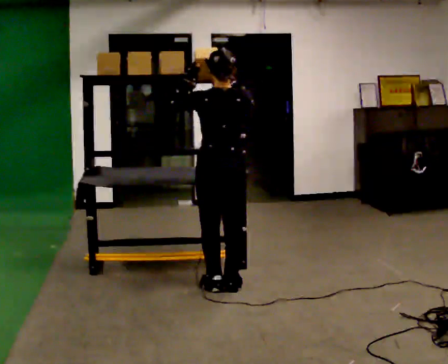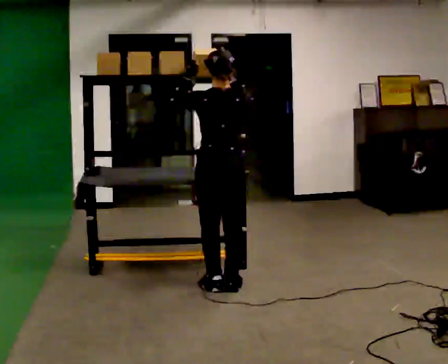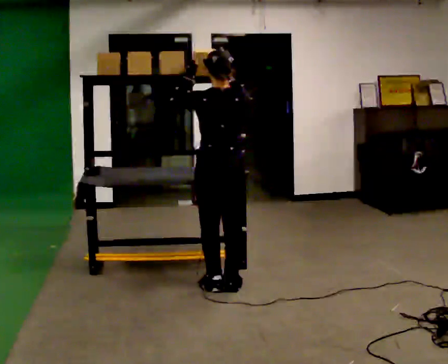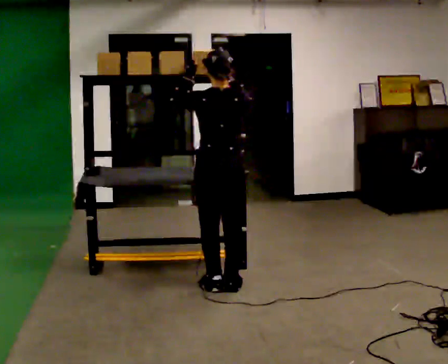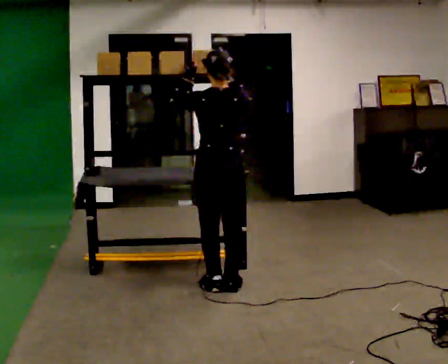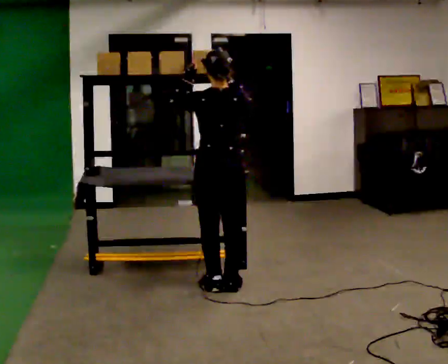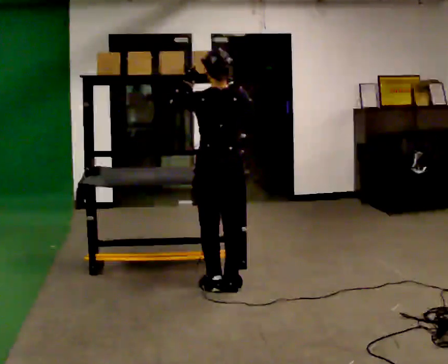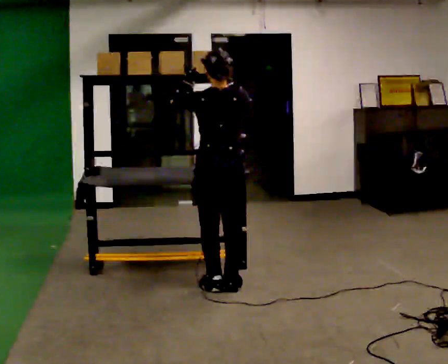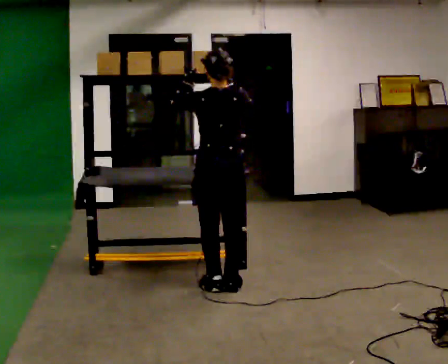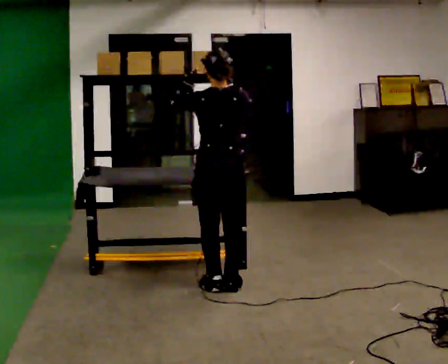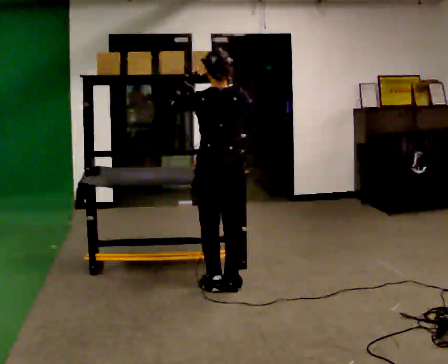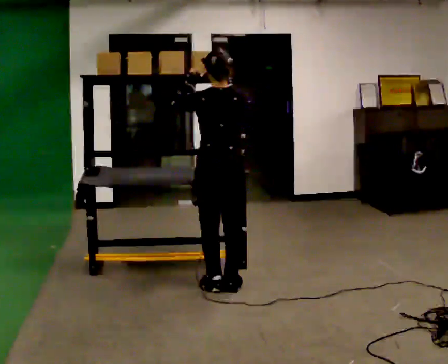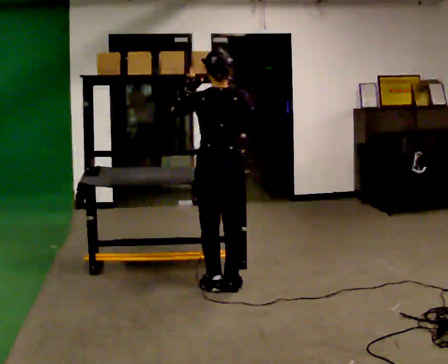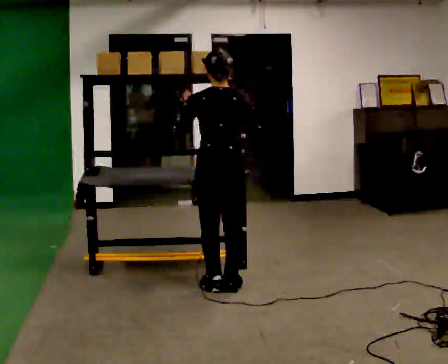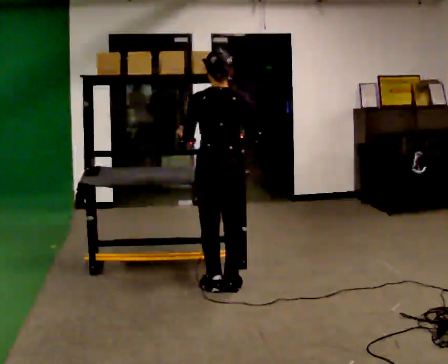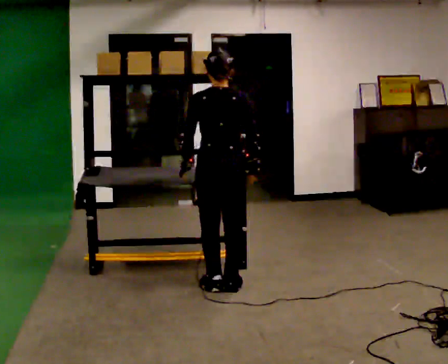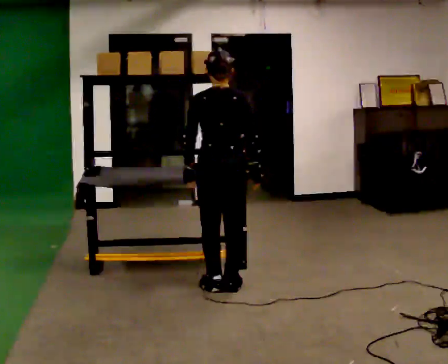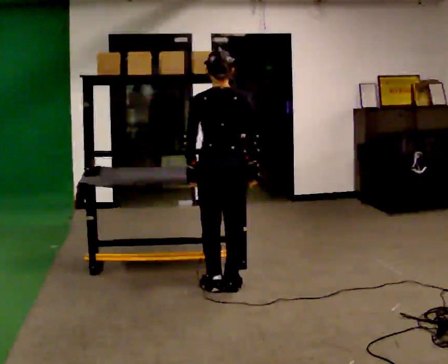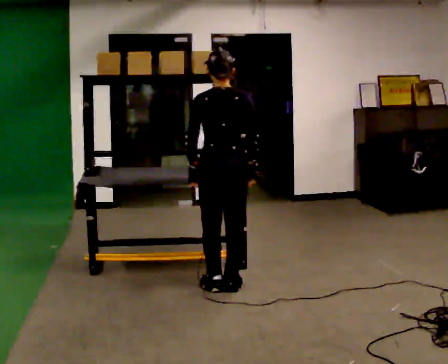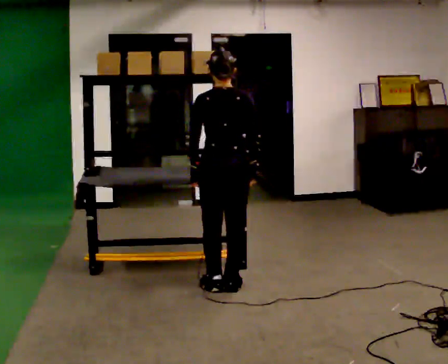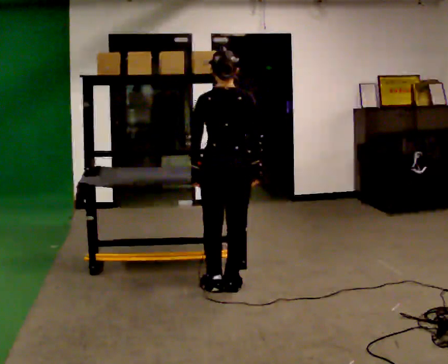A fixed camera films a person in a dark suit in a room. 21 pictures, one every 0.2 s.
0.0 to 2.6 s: The person moves a little, or ends about where they began.
2.6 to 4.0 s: In the picture their right hand goes downward.
The film runs forward here.
